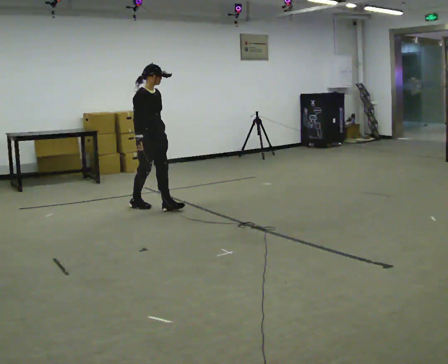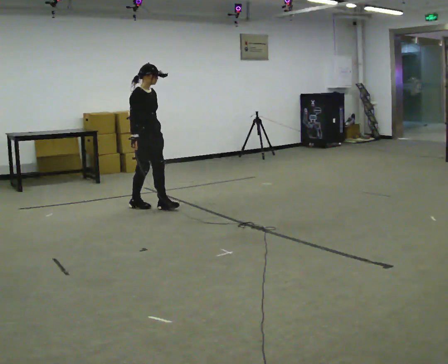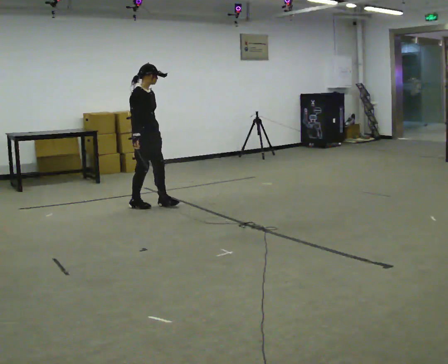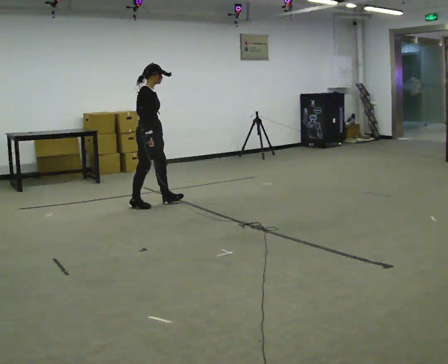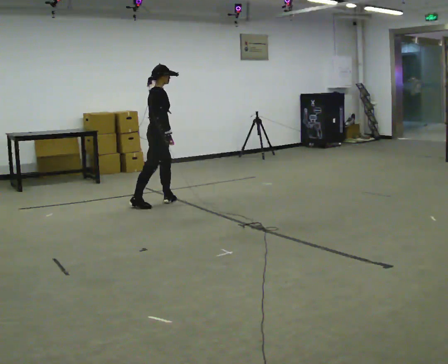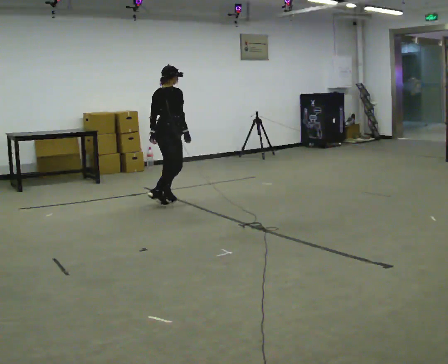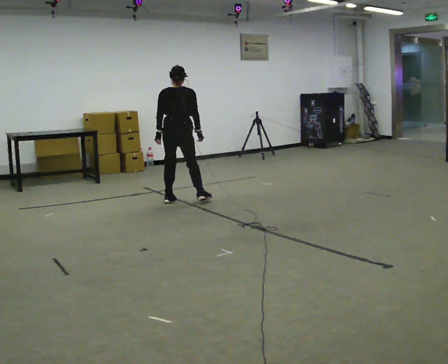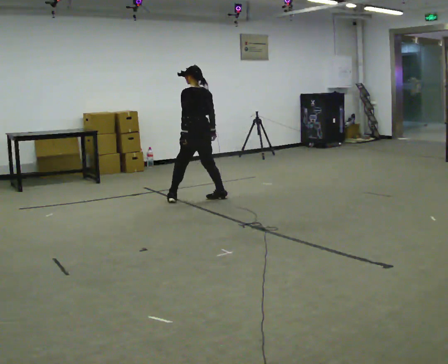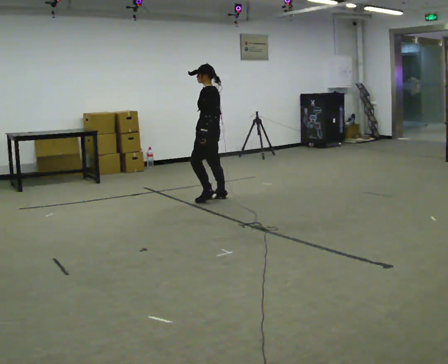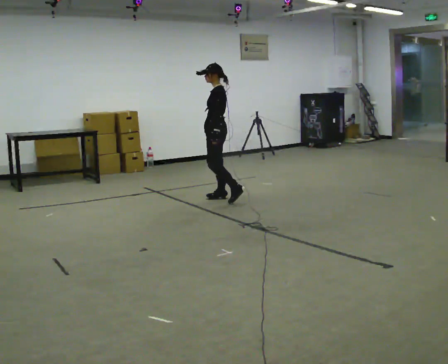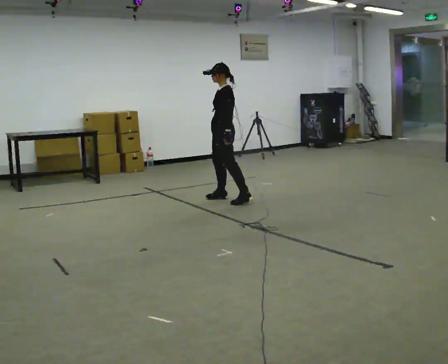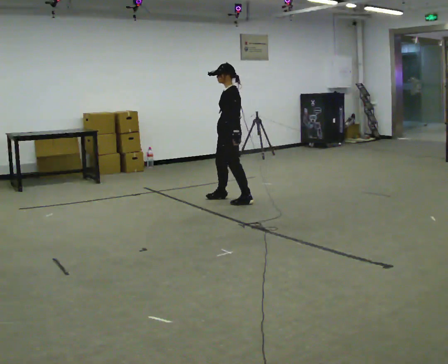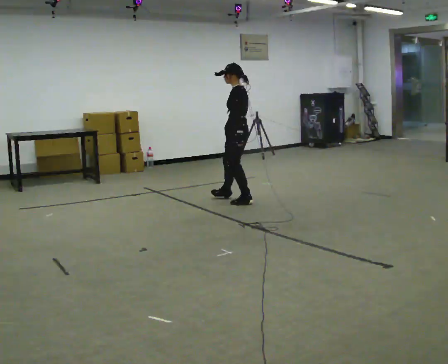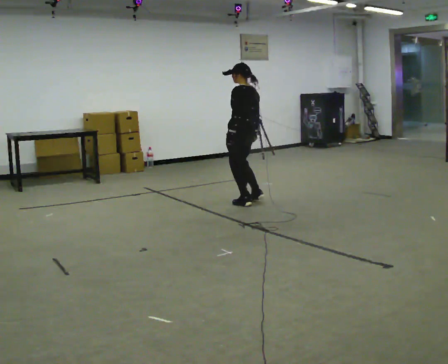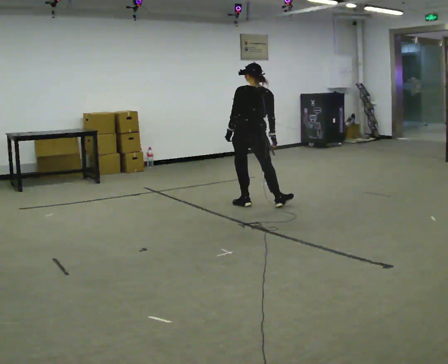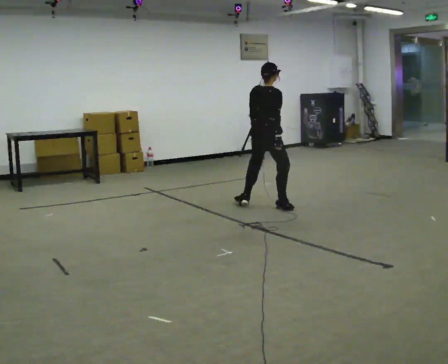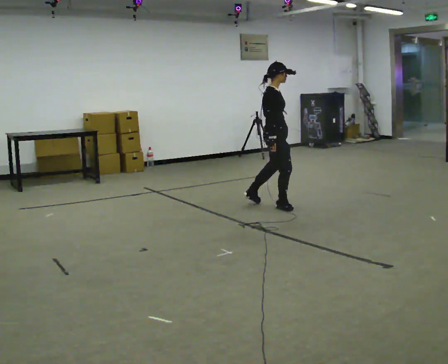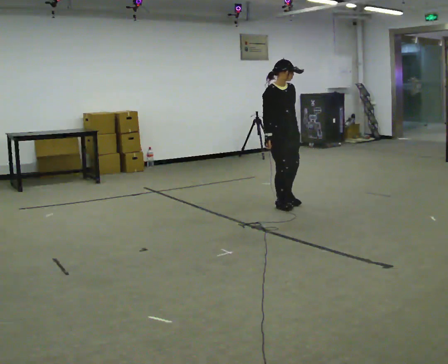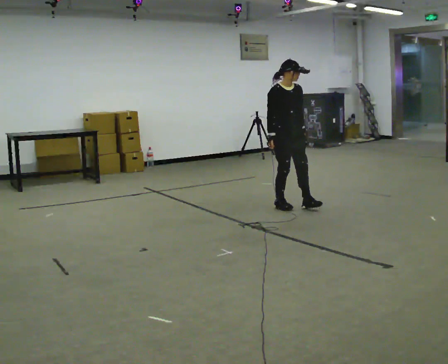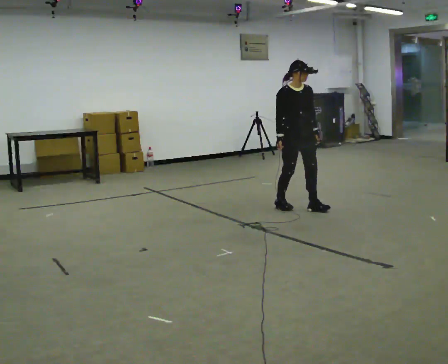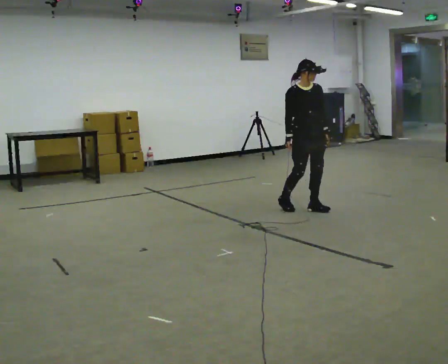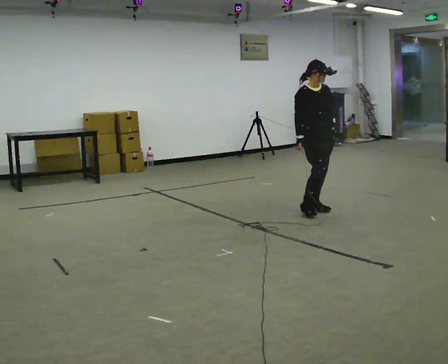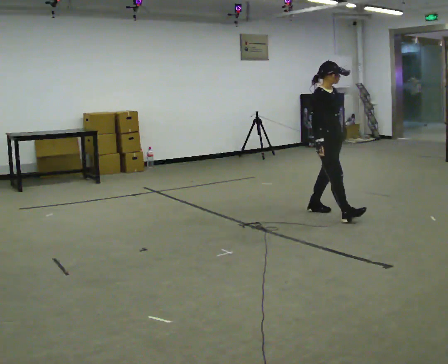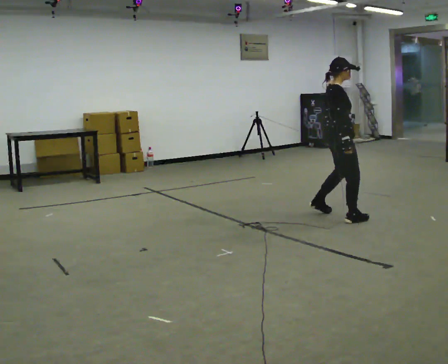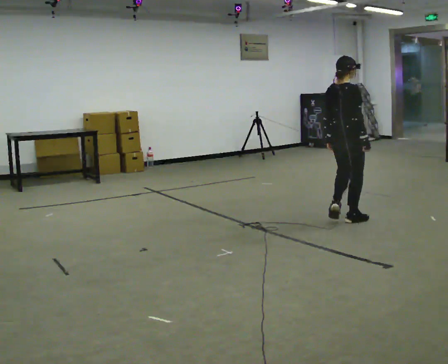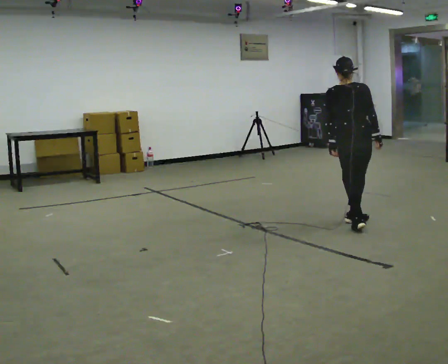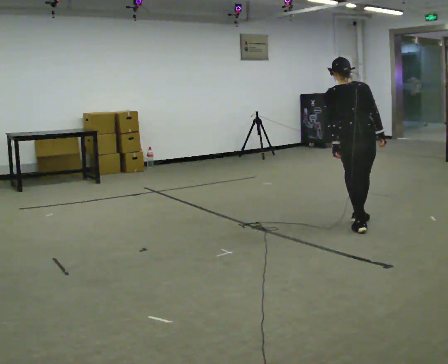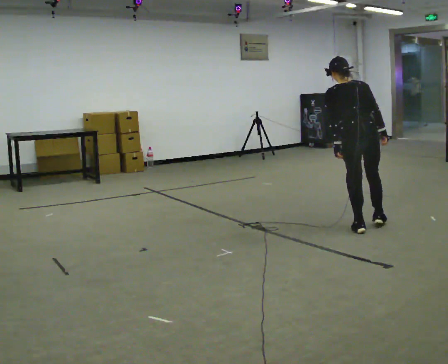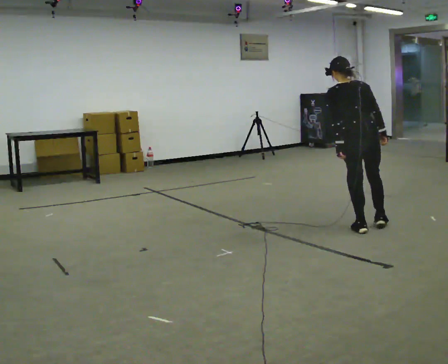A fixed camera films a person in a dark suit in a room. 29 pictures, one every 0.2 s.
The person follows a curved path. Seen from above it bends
clockwise.
The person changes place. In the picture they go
to the right.
0.0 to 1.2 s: The person turns about 120 degrees to their left, counterclockwise seen from above, so the part of the body nearest the lens slides to the right. In the picture they go away from the camera and to the right, about 0.5 m in 2 steps.
1.2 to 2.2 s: The part of the body nearest the lens slides to the right as the person turns to their left by about 105 degrees. In the picture they go to the right, about 0.5 m in 1 step.
2.2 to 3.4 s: The person turns about 240 degrees to their right, clockwise seen from above, so the part of the body nearest the lens slides to the left. In the picture they go to the right and toward the camera, about 0.5 m in 2 steps.
3.4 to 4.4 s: In the picture they go to the right and toward the camera, about 0.5 m in 1 step, which for them is forward and to their left.
4.4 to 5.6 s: Seen from above the body turns counterclockwise, about 135 degrees: to their left, with its near side sliding to the right. In the picture they go toward the camera and to the right, about 0.75 m in 2 steps. The upper body tips away from the camera, its near side rolling upward.
The film runs backward here.
